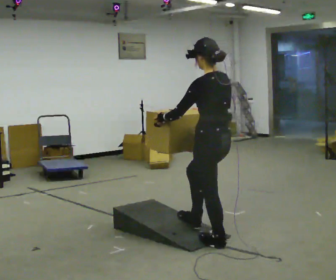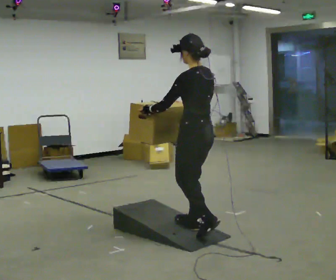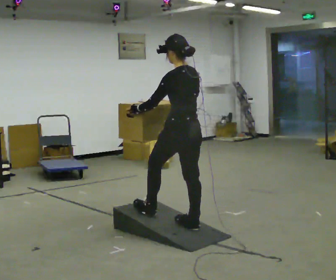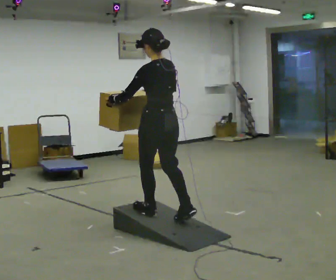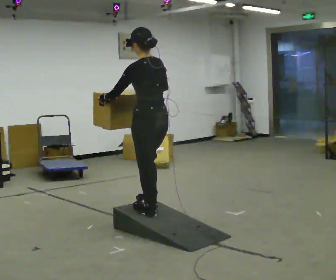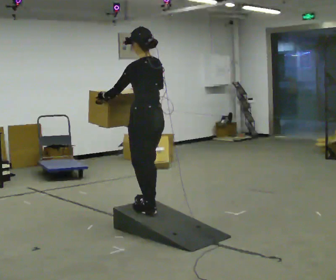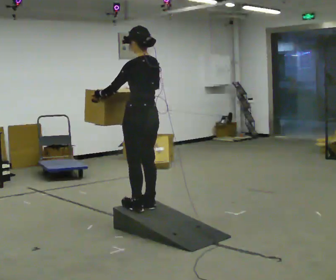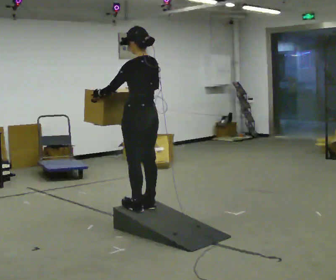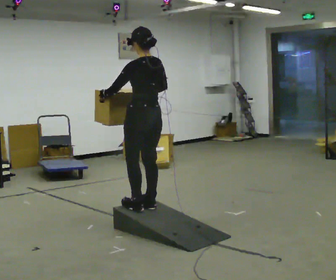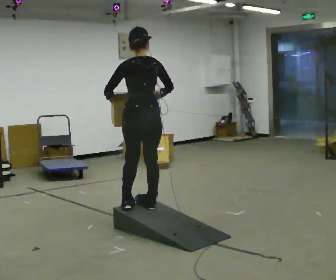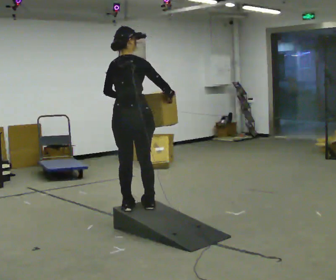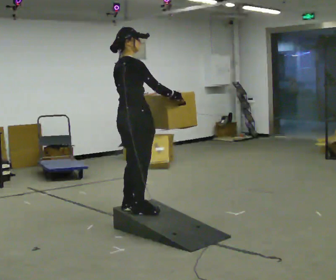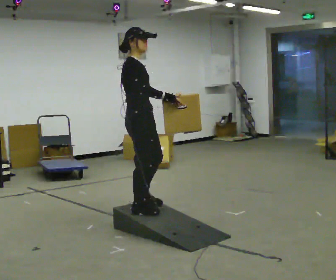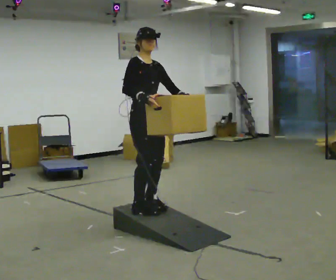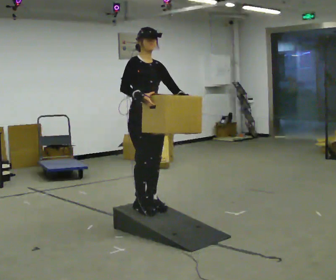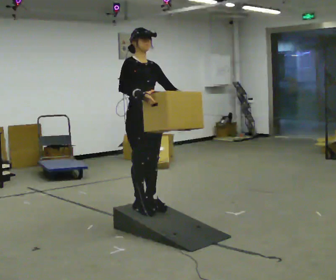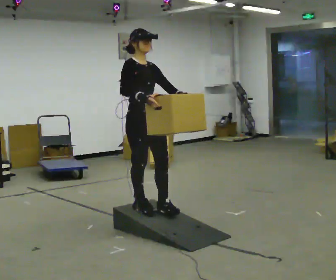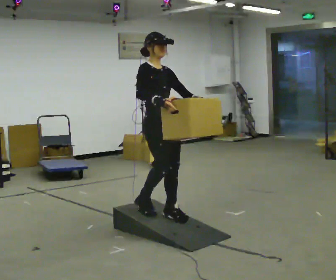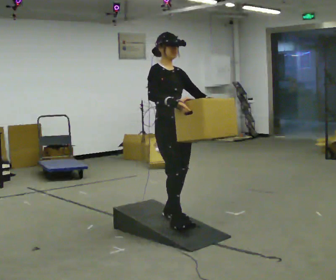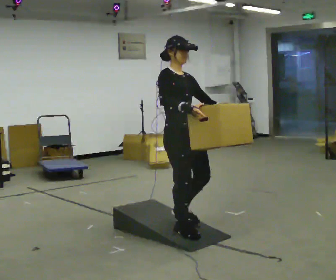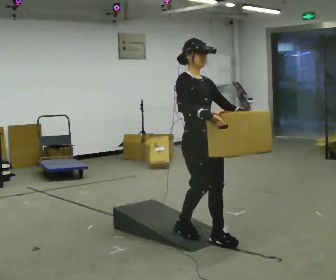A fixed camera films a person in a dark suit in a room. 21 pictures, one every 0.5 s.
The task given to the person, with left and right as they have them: Carry the box up the ramp, turn at the top, and carry it back down. Keep going until the operator says stop; one object at a time, and do not rush between trips.
0.0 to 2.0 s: In the picture they go away from the camera and to the left, about 0.75 m in 1 step, which for them is forward.
2.0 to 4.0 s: In the picture they go away from the camera, about 0.25 m in 1 step, which for them is forward.
4.0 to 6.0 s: The person turns about 135 degrees to their right, clockwise seen from above, so the part of the body nearest the lens slides to the left.
6.0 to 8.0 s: The part of the body nearest the lens slides to the left as the person turns to their right by about 45 degrees.
8.0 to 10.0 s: In the picture they go toward the camera and to the right, about 0.75 m in 3 steps, which for them is forward.
The film runs forward here.
